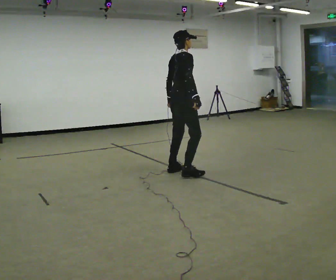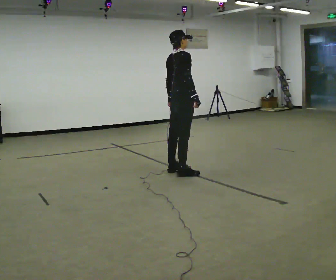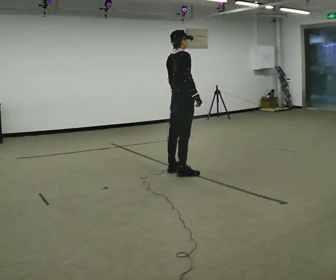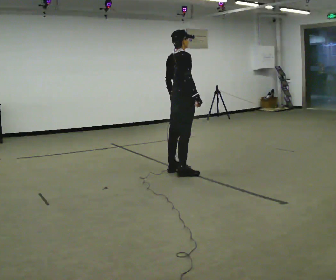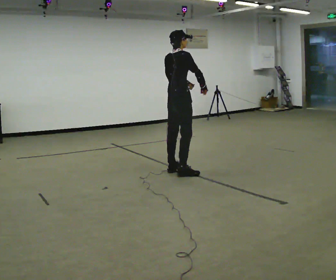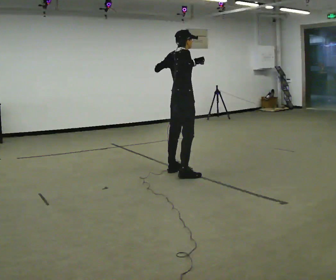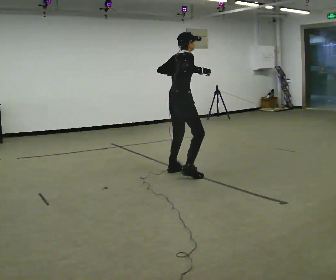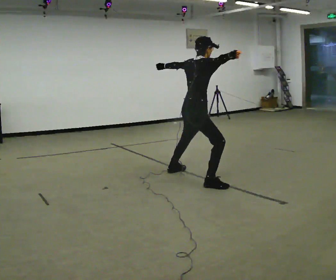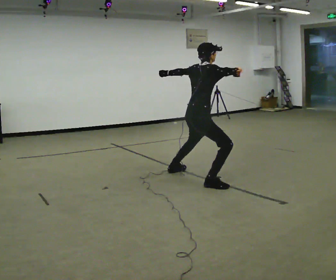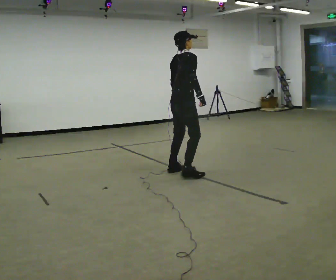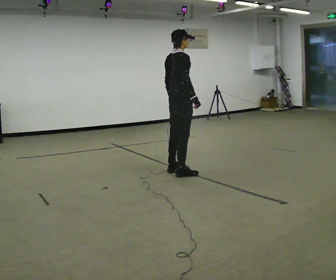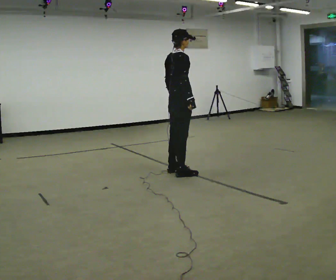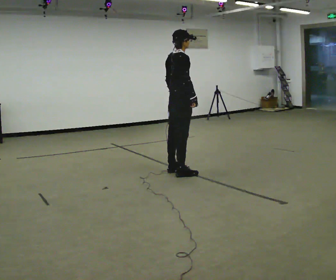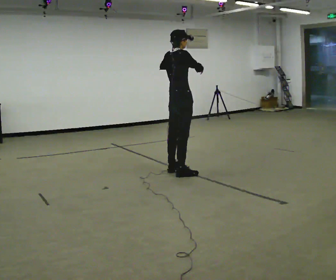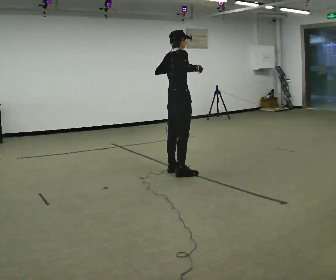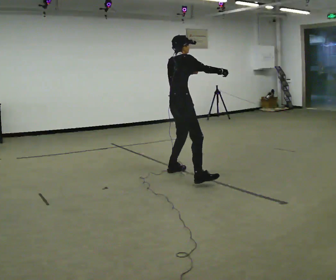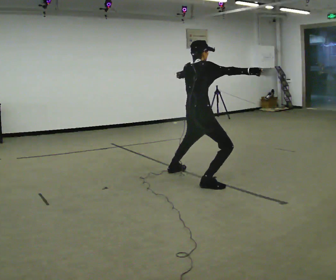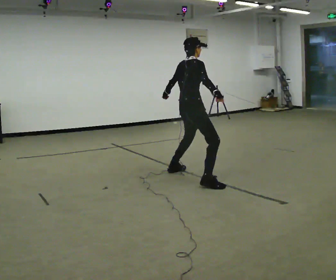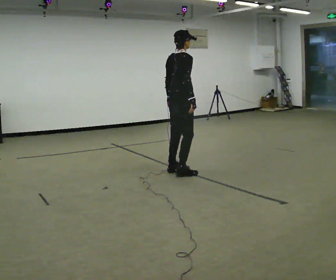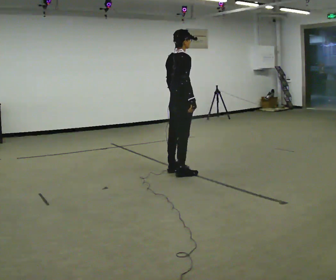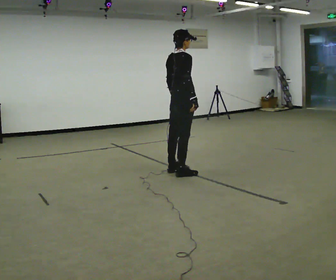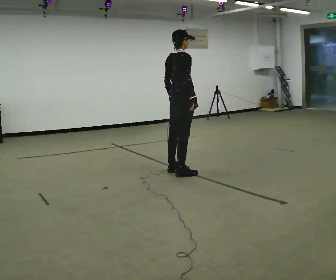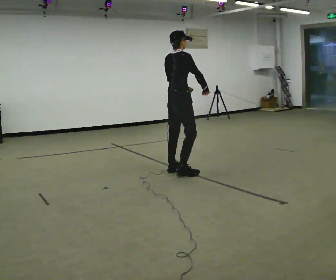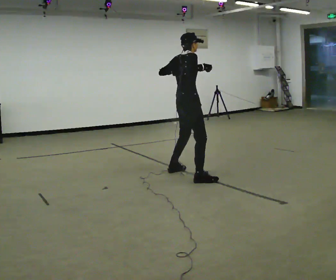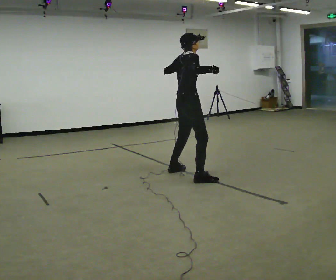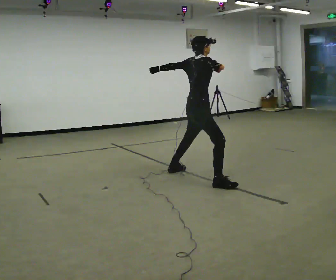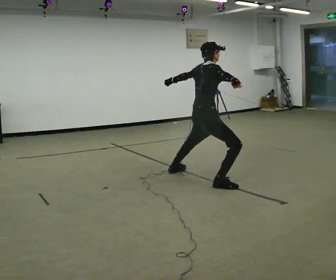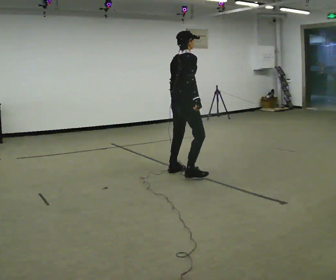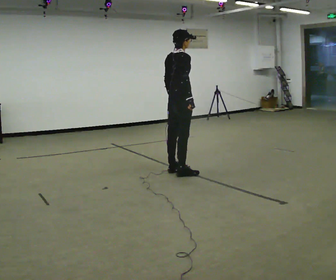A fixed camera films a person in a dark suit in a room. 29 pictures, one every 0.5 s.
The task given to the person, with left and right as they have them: Dance freely at a fast tempo as if to upbeat music; keep moving continuously.
0.0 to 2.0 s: The person moves a little, or ends about where they began.
2.0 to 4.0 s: In the picture they go toward the camera and to the right, about 0.5 m in 1 step, which for them is to their right. The upper body goes downward.
4.0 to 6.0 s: In the picture they go away from the camera and to the left, about 0.5 m in 1 step, which for them is to their left. The shoulders move upward. In the picture their right hand goes downward.
6.0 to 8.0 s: In the picture they go toward the camera and to the right, about 0.5 m in 1 step, which for them is to their right. The shoulders move downward. In the picture their right hand goes upward.
8.0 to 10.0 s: In the picture they go away from the camera and to the left, about 0.5 m in 1 step, which for them is to their left. The upper body goes upward. In the picture their right hand goes downward.
10.0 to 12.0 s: In the picture their left hand goes upward.
12.0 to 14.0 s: In the picture their right hand goes downward and to the left.
The film runs forward here.
